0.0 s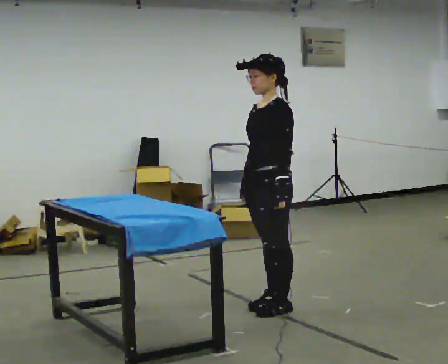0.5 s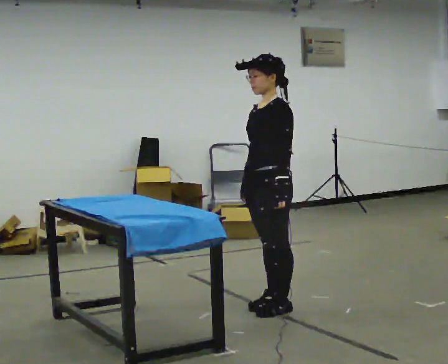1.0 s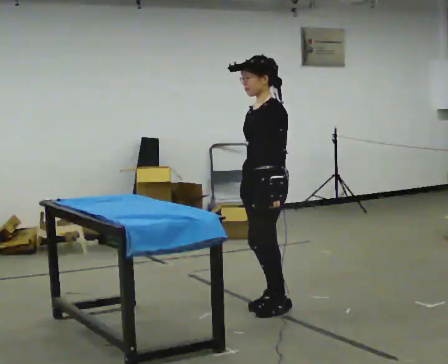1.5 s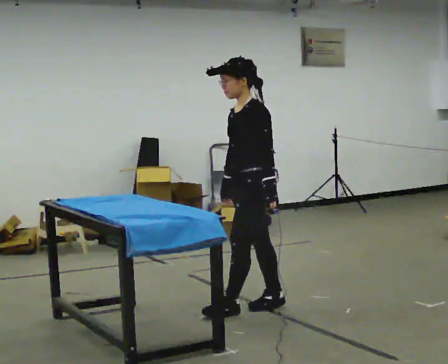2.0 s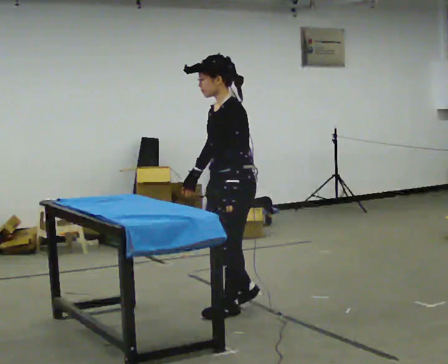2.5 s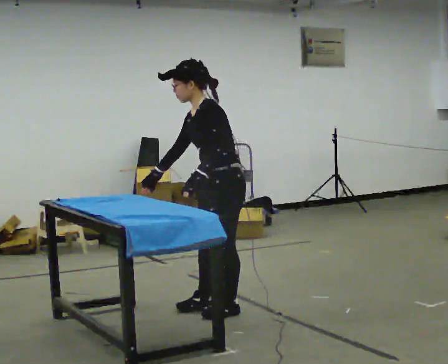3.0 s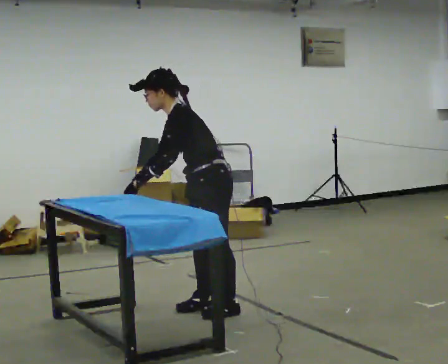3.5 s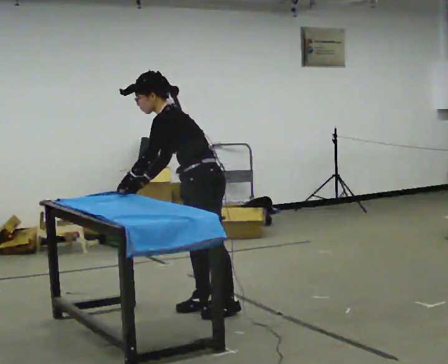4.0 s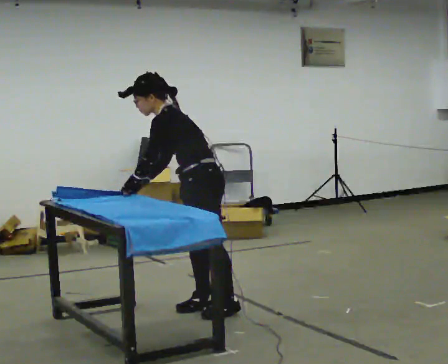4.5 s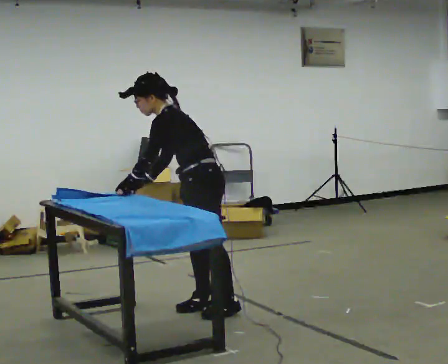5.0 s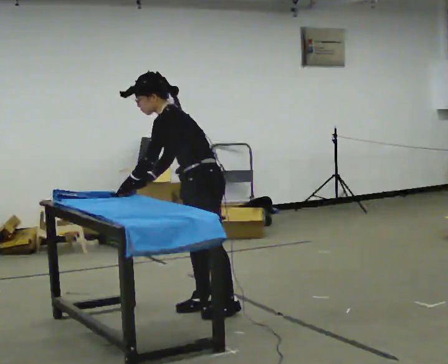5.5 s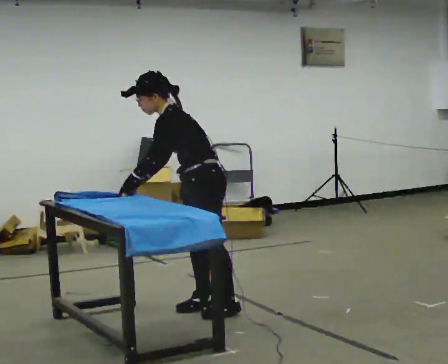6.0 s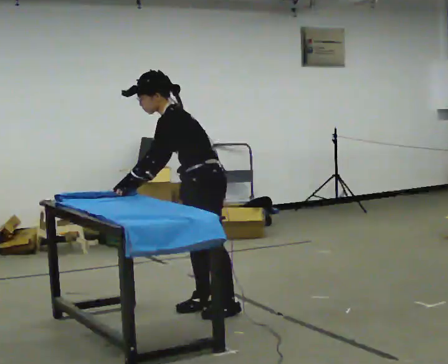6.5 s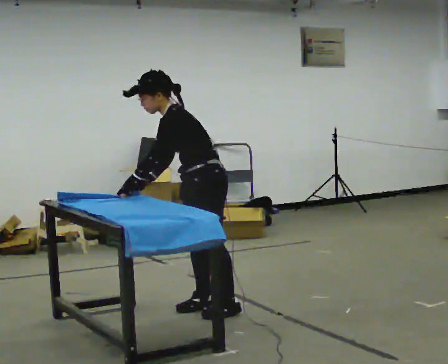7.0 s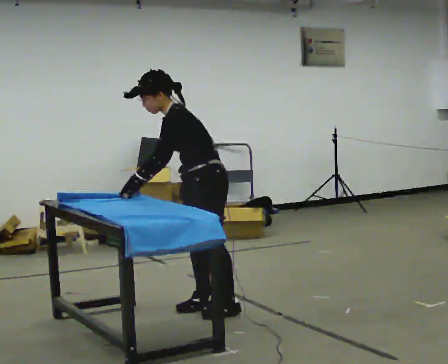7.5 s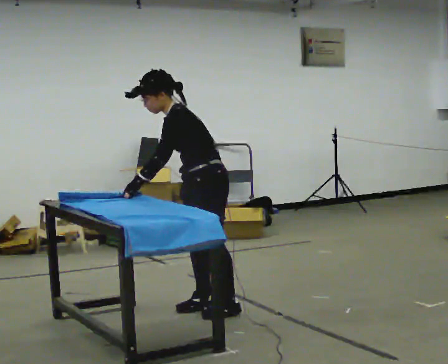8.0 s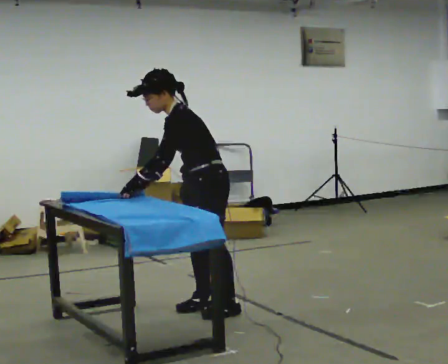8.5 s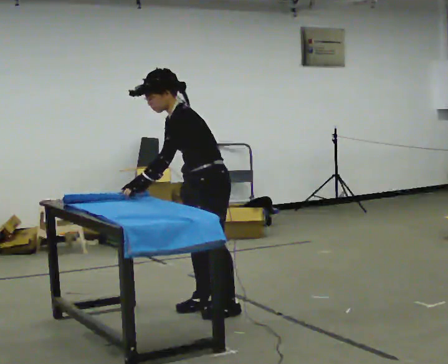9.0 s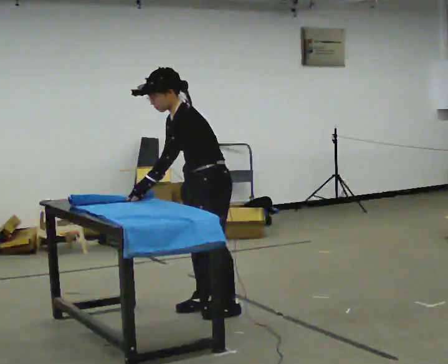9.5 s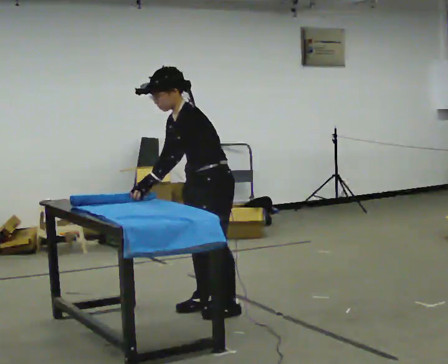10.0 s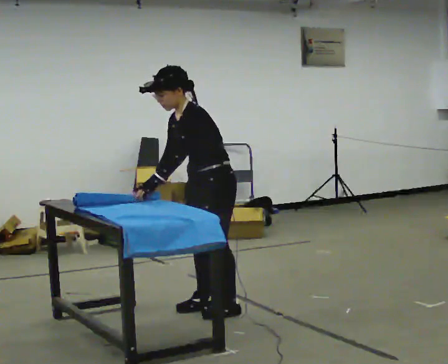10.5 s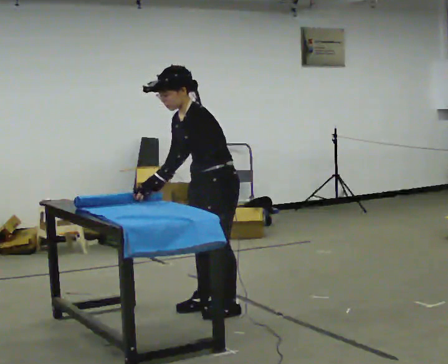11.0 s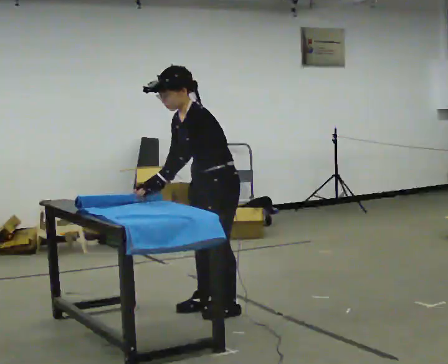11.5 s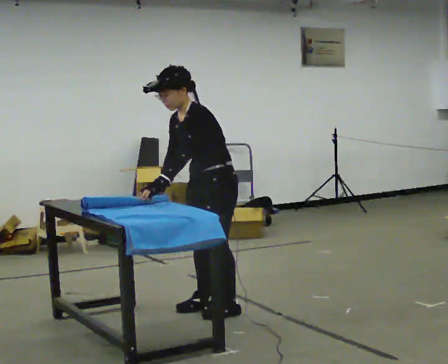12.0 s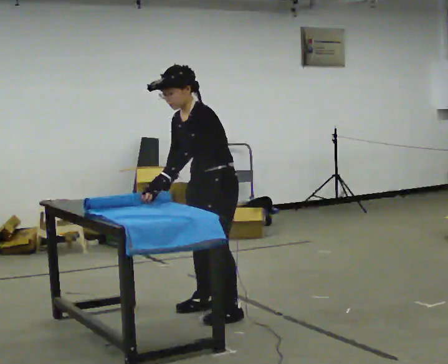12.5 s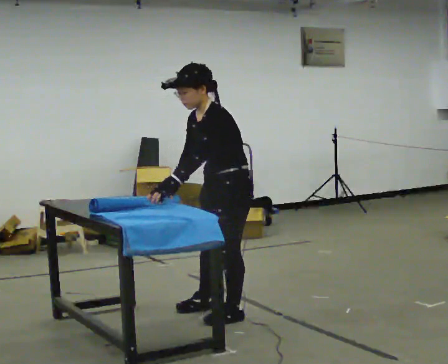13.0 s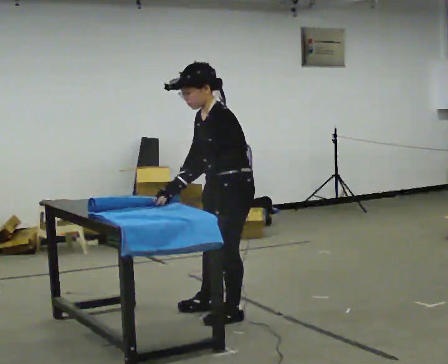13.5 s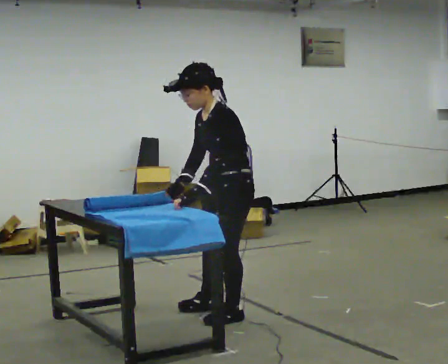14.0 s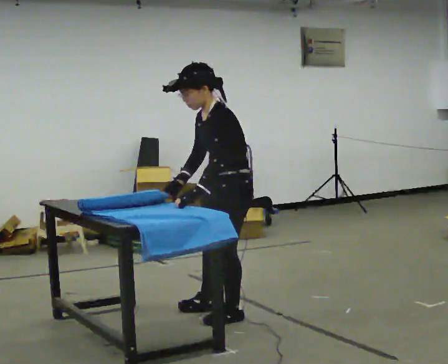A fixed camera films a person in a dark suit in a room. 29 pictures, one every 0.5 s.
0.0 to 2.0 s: In the picture they go to the left, about 0.25 m in 1 step, which for them is forward. In the picture their right hand goes to the left.
2.0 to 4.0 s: In the picture they go to the left, about 0.25 m in 1 step, which for them is forward. In the picture the upper body tilts counterclockwise, shoulders to the left, as they bend forward. In the picture their left hand goes to the left.
4.0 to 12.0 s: The part of the body nearest the lens slides to the right as the person turns to their left by about 30 degrees. The upper body tips toward the camera, its near side rolling downward.
12.0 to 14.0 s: In the picture they go toward the camera, about 0.25 m, which for them is to their left.
The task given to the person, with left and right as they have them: Roll the mat up from one end, then unroll it again. Repeat at your own pace until the operator says stop.
The film runs forward here.
